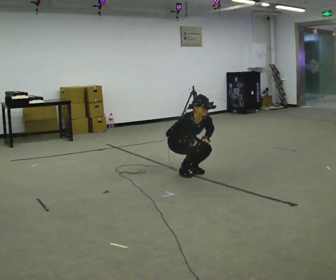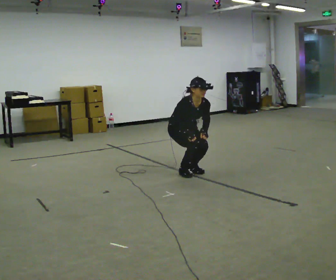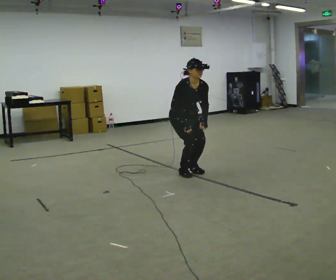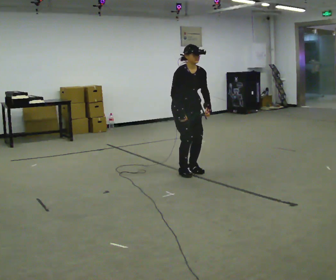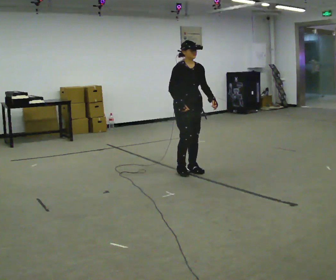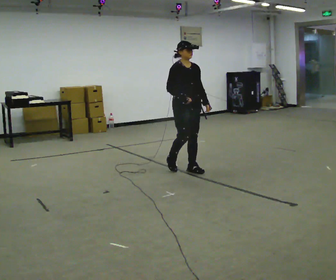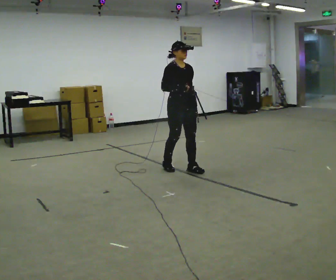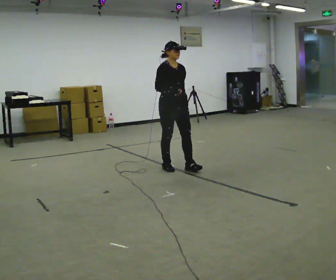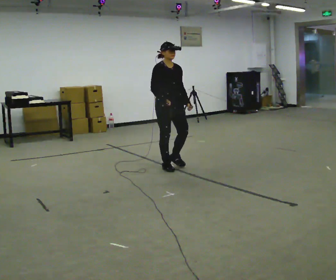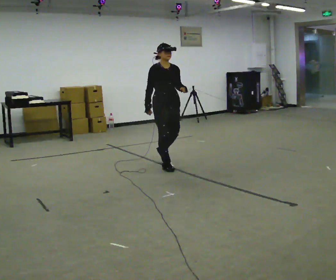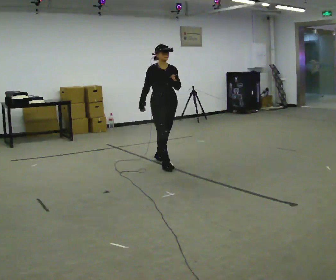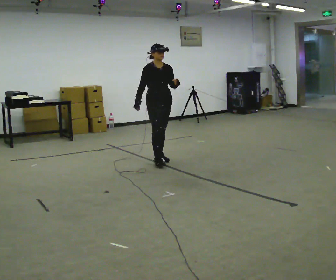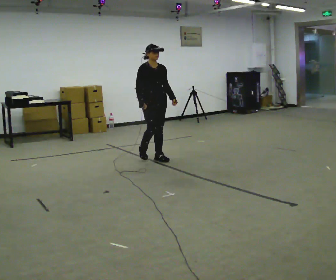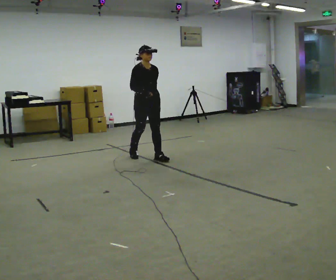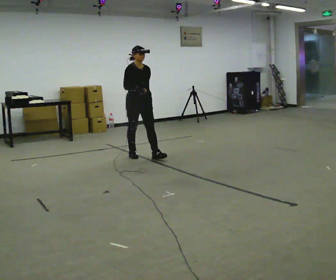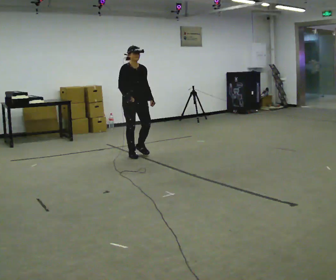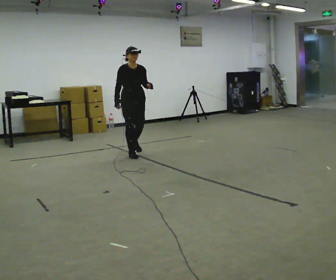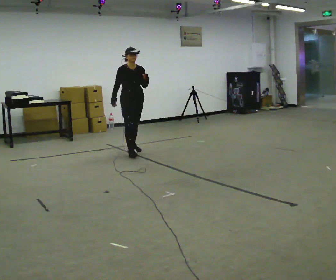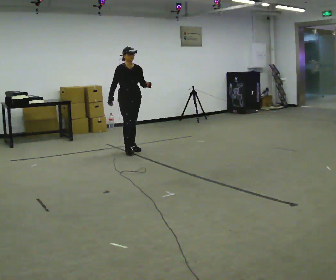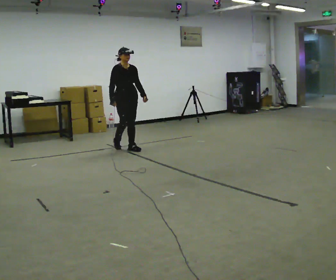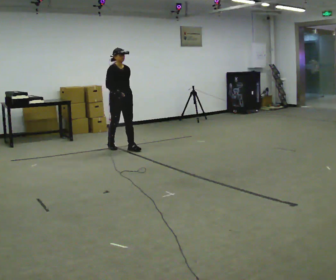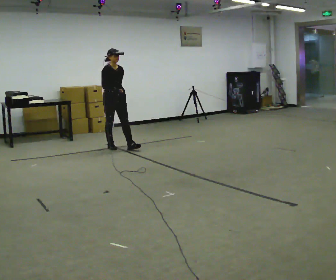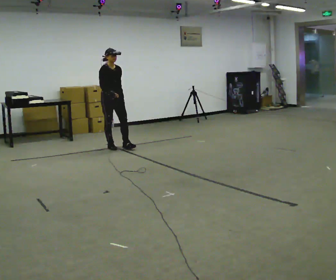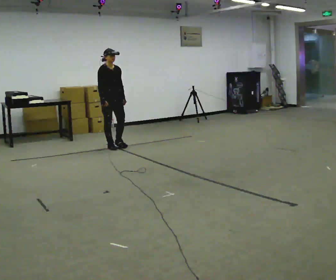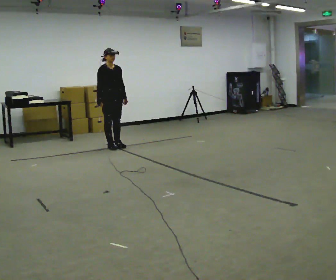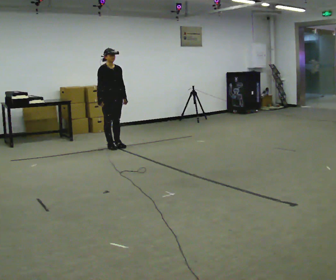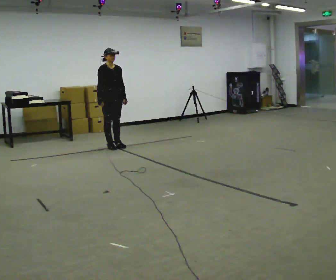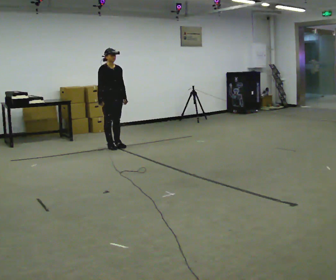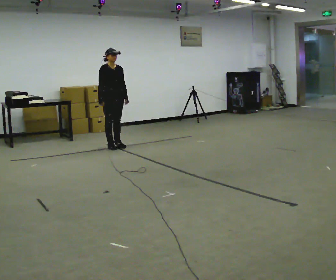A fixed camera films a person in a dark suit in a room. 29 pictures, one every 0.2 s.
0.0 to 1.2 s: The shoulders move upward. The upper body tips away from the camera, its near side rolling upward, as they lean back or straighten. In the picture their left hand goes upward.
1.2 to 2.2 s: In the picture they go away from the camera and to the left, about 0.5 m in 2 steps, which for them is backward. In the picture their left hand goes upward.
2.2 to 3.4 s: In the picture they go away from the camera and to the left, about 0.75 m in 1 step, which for them is backward.
3.4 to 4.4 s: In the picture they go to the left and away from the camera, about 0.5 m in 2 steps, which for them is backward. In the picture their left hand goes downward.
4.4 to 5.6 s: The person moves a little, or ends about where they began.
The film runs backward here.
